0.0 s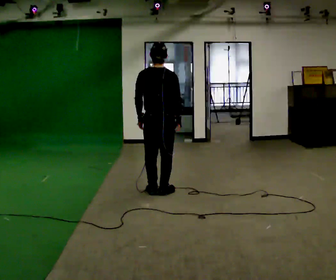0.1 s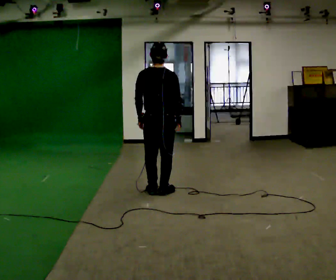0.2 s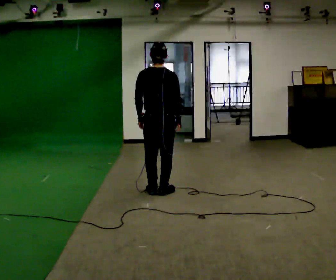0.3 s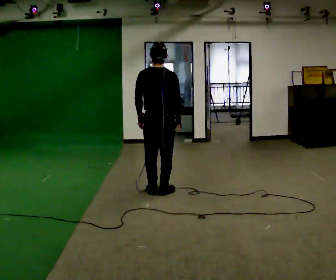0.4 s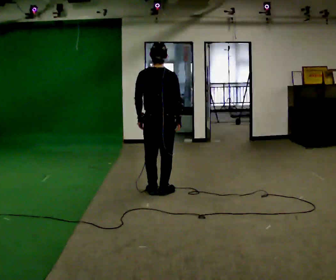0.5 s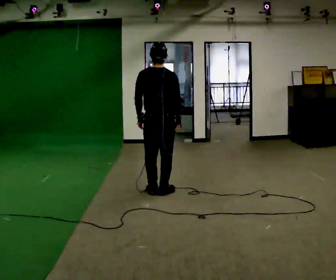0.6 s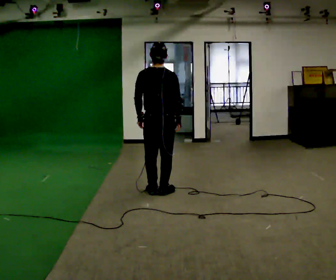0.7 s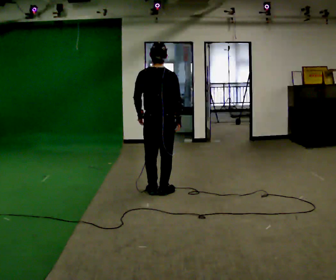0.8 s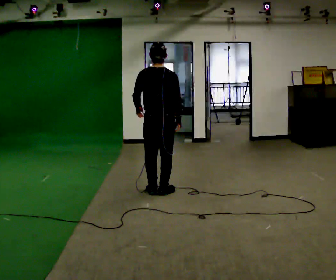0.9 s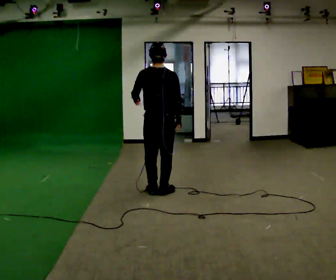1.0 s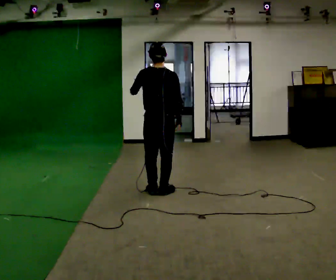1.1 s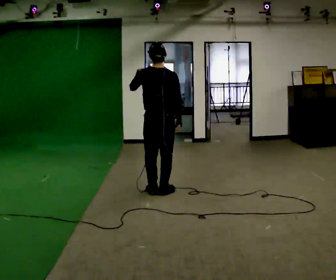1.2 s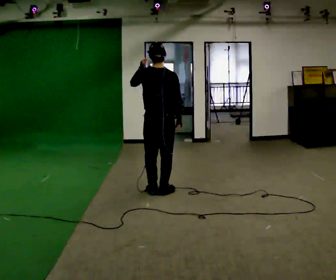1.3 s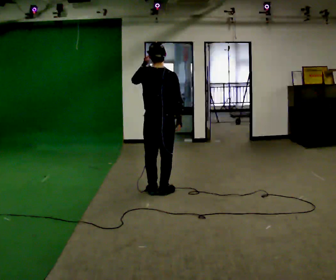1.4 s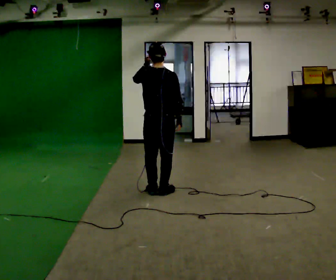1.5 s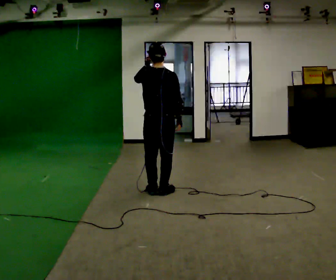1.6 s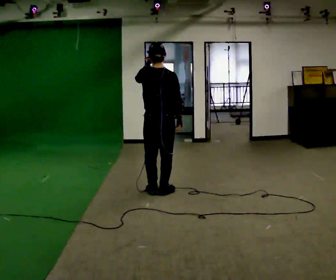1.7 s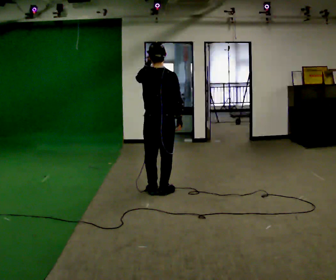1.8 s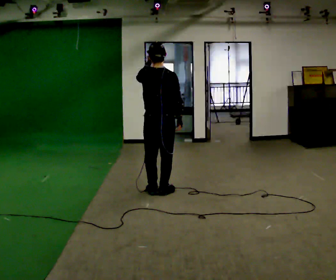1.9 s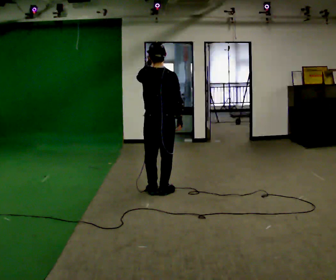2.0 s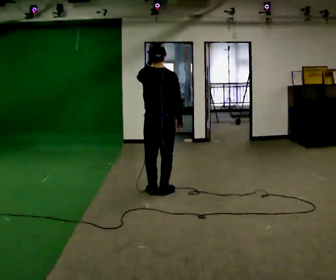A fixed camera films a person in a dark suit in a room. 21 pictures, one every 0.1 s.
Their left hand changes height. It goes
upward.
0.0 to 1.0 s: In the picture their left hand goes upward.
1.0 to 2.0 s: The person moves a little, or ends about where they began.
The film runs forward here.
